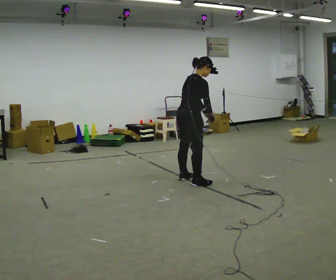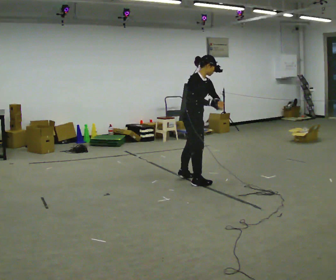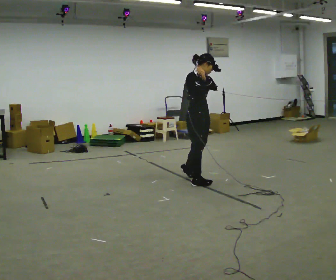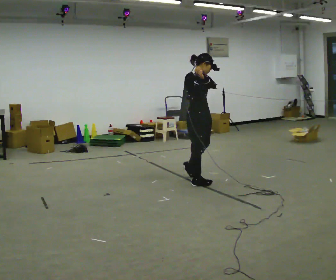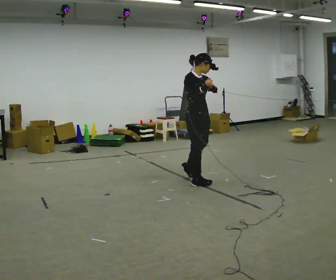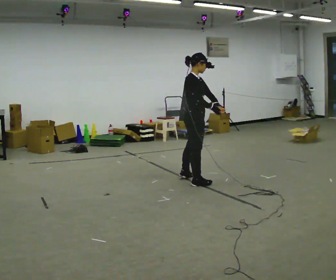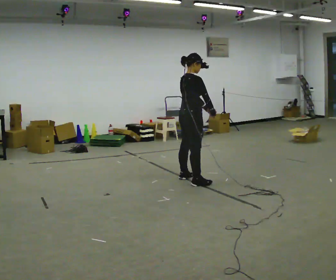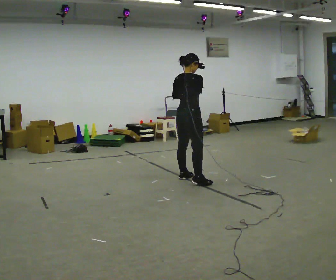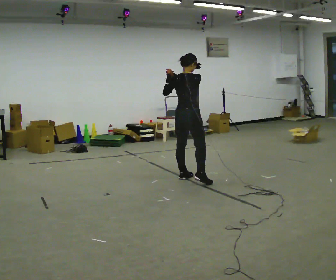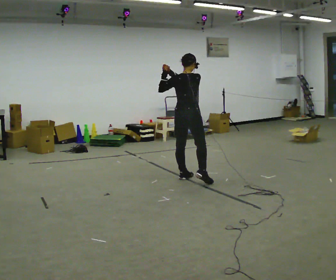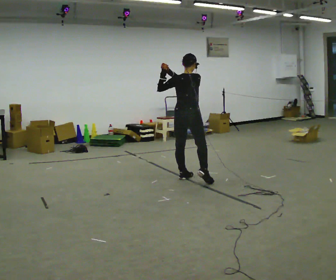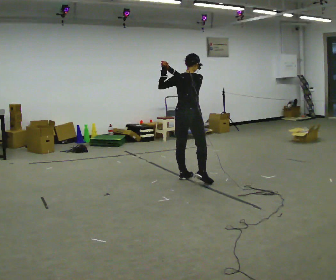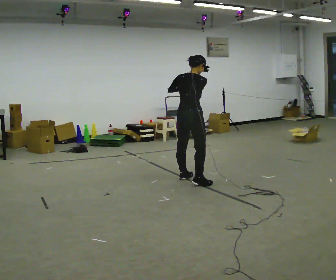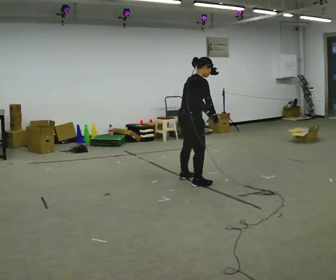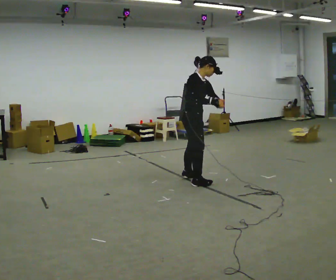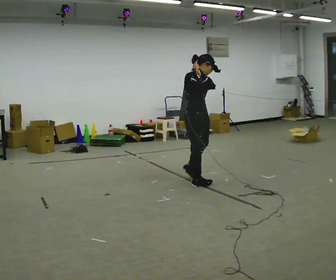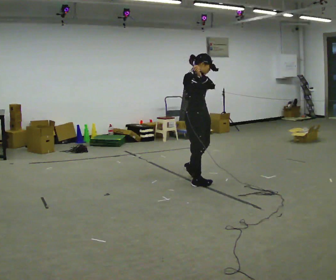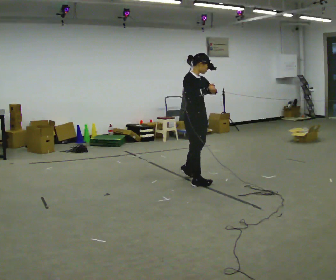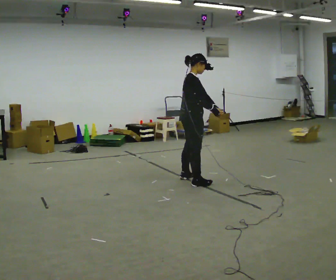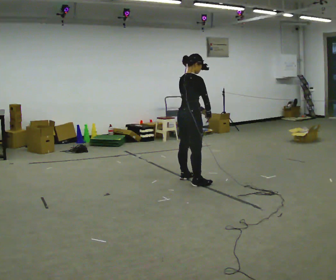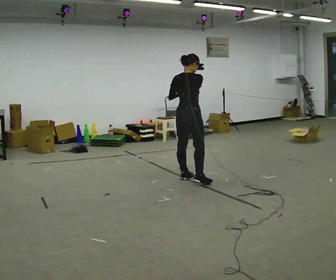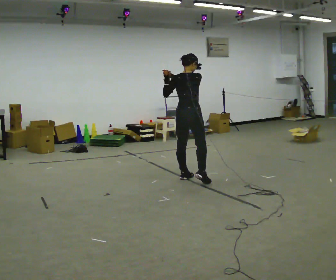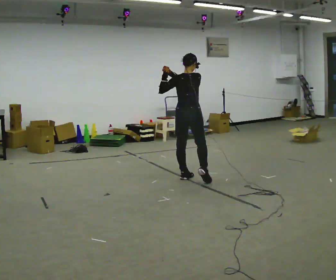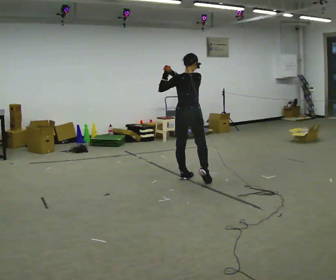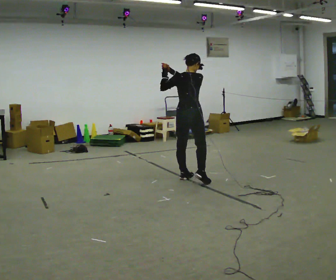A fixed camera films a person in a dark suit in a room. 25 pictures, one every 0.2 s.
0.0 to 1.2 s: The person moves a little, or ends about where they began.
1.2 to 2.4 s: Seen from above the body turns counterclockwise, about 45 degrees: to their left, with its near side sliding to the right. In the picture their right hand goes to the left and upward.
2.4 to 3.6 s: The part of the body nearest the lens slides to the left as the person turns to their right by about 60 degrees. In the picture their right hand goes to the right.
3.6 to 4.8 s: The person turns about 75 degrees to their left, counterclockwise seen from above, so the part of the body nearest the lens slides to the right. In the picture they go away from the camera, about 0.25 m. In the picture their right hand goes to the left and upward.
The film runs backward here.
